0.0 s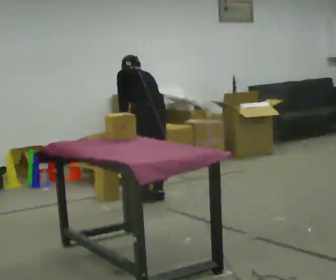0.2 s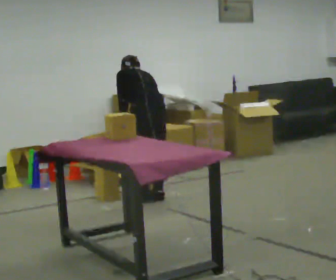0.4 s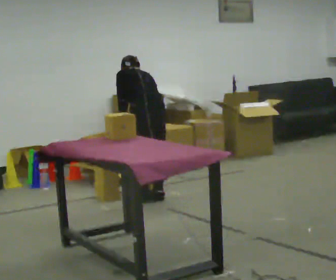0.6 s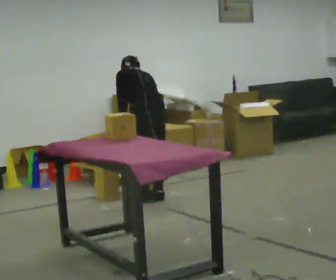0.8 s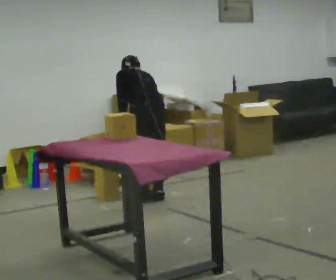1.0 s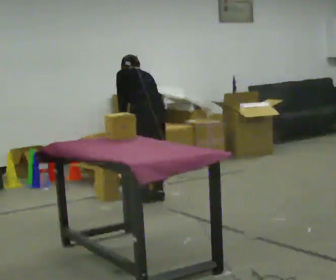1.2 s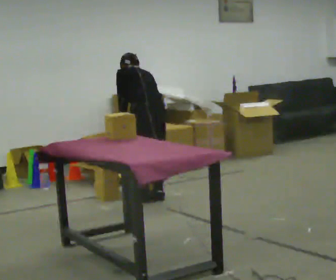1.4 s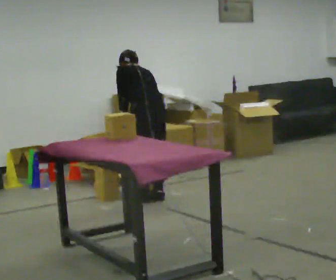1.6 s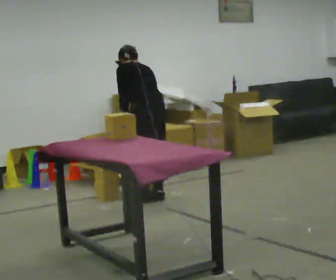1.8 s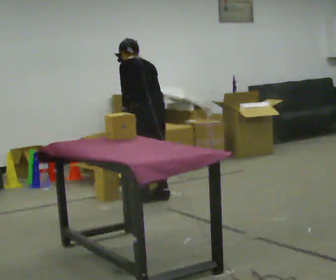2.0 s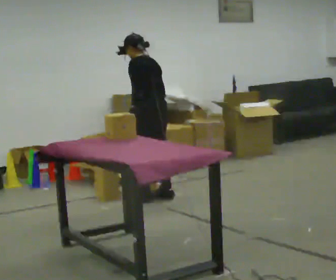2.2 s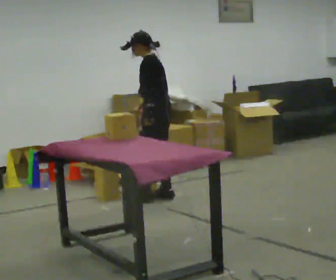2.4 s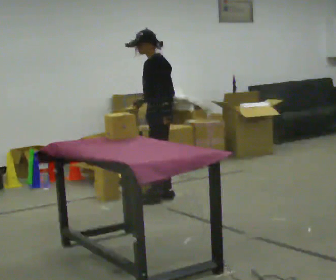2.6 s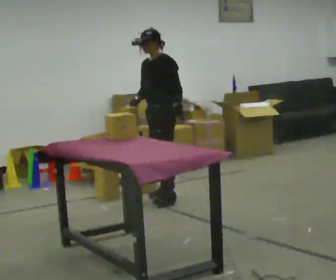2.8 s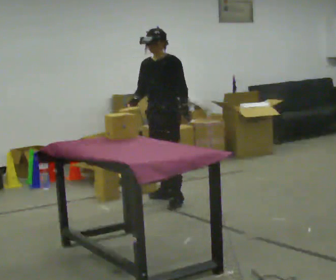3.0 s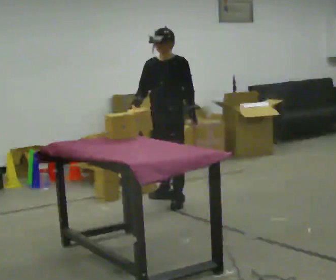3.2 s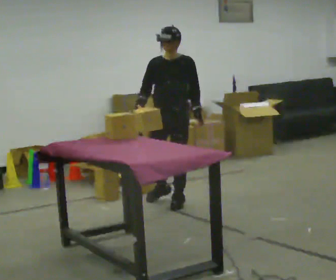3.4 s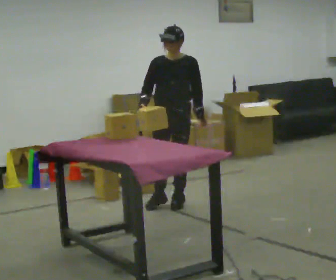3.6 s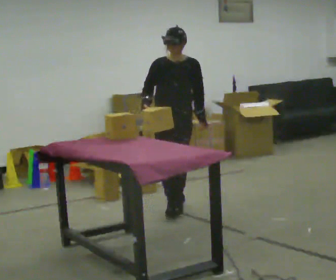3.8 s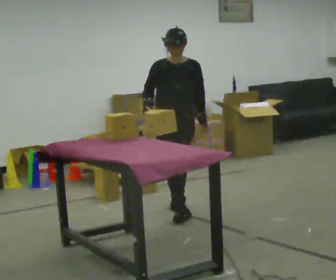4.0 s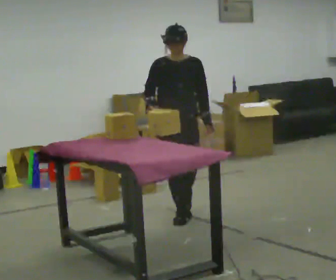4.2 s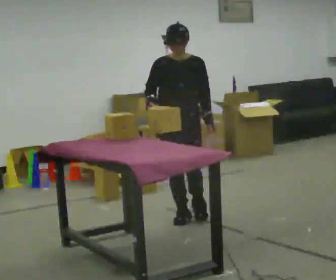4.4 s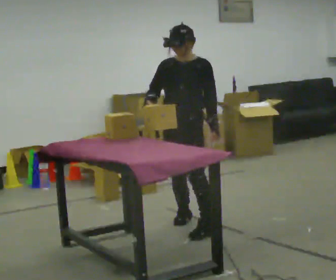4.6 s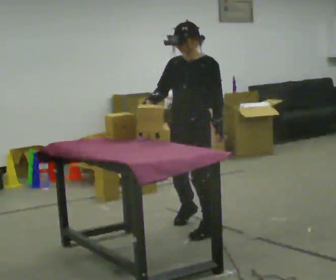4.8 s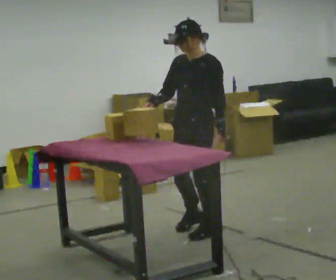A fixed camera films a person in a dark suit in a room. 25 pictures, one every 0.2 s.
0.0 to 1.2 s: The person keeps their place and pose.
1.2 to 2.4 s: The person turns about 75 degrees to their left, counterclockwise seen from above, so the part of the body nearest the lens slides to the right. The upper body tips toward the camera, its near side rolling downward, as they lean back or straighten.
2.4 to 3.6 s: Seen from above the body turns counterclockwise, about 75 degrees: to their left, with its near side sliding to the right. In the picture they go toward the camera, about 0.5 m in 1 step.
3.6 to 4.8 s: The part of the body nearest the lens slides to the left as the person turns to their right by about 45 degrees. In the picture they go toward the camera, about 0.5 m in 2 steps, which for them is forward.
The film runs forward here.
